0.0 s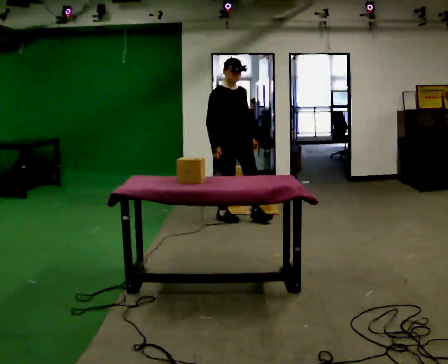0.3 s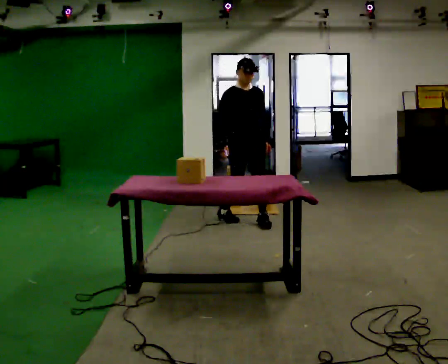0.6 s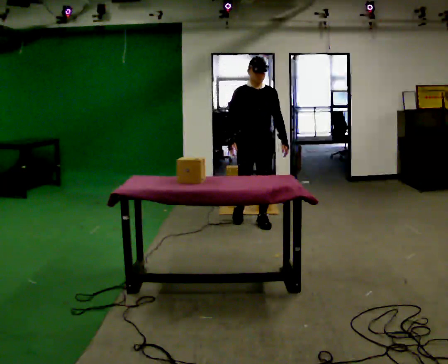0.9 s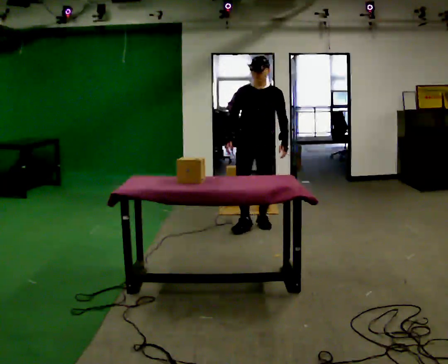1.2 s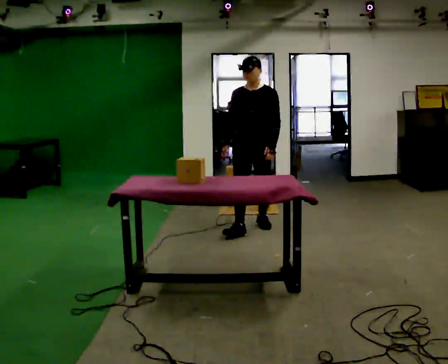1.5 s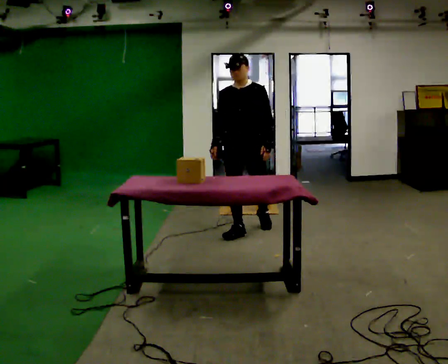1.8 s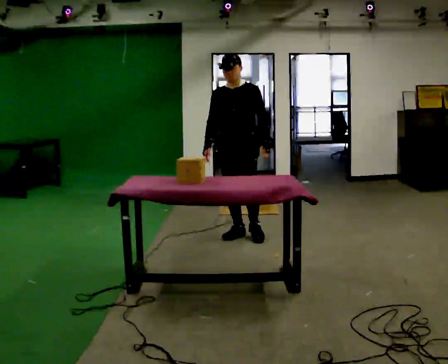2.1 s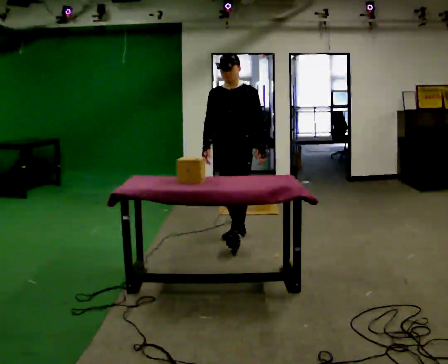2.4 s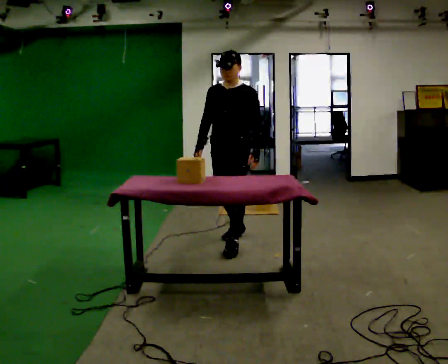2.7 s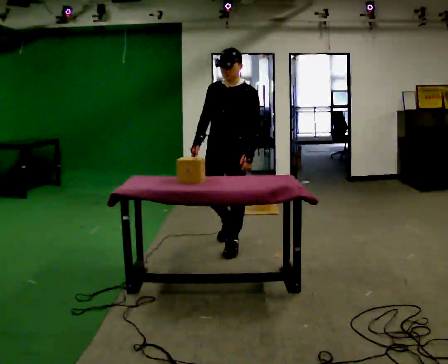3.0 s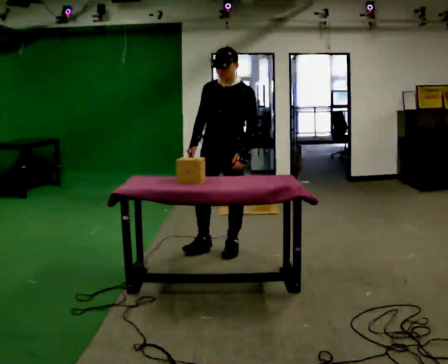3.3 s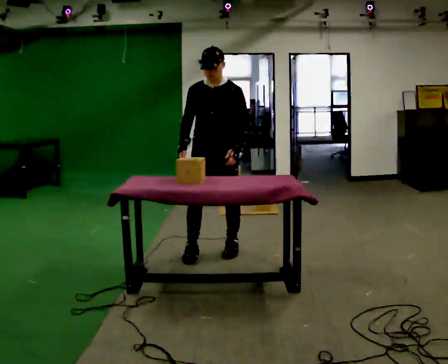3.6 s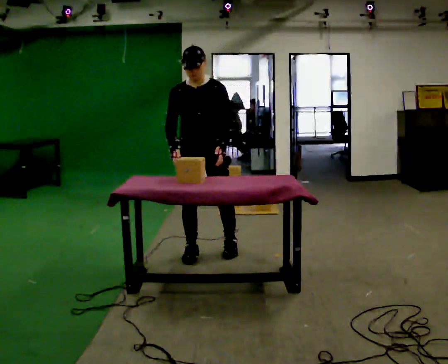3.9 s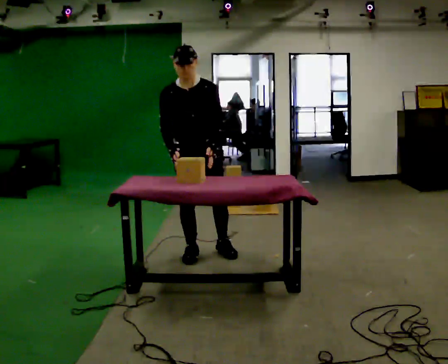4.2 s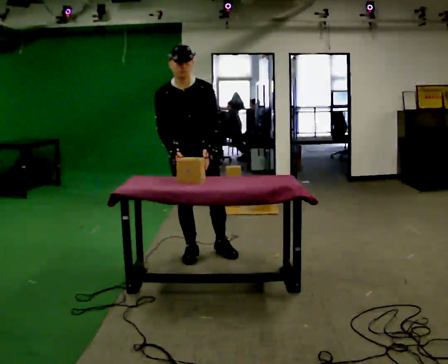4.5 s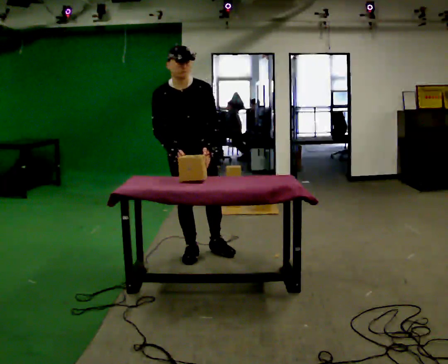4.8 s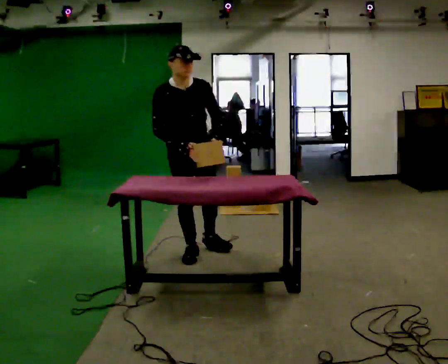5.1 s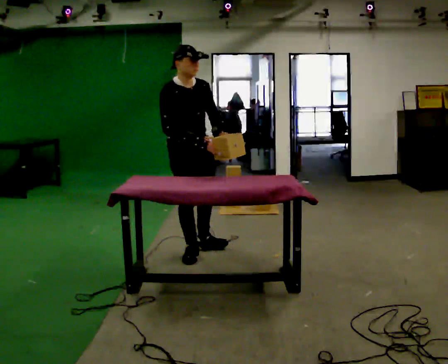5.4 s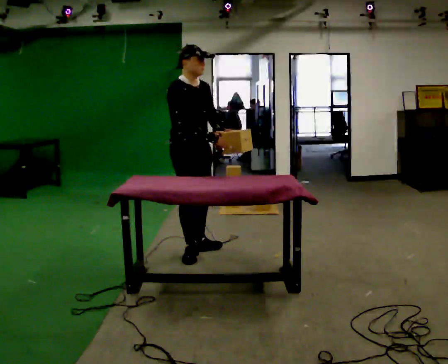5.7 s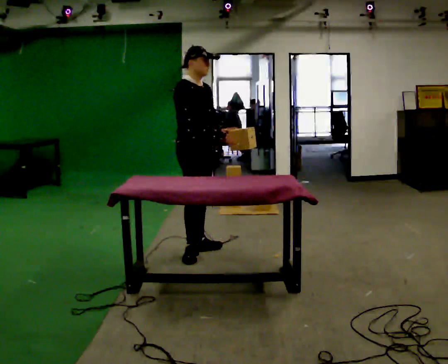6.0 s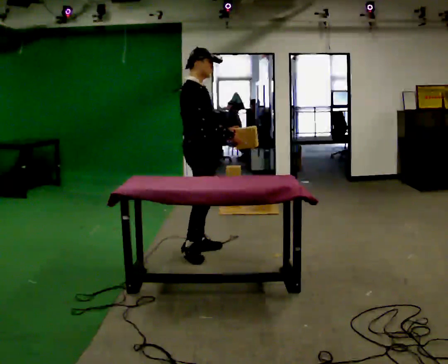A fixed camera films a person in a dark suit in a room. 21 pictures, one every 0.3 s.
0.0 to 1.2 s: Seen from above the body turns clockwise, about 45 degrees: to their right, with its near side sliding to the left. In the picture they go toward the camera and to the right, about 0.5 m in 2 steps, which for them is forward.
1.2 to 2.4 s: In the picture they go toward the camera and to the left, about 0.5 m in 1 step, which for them is forward.
2.4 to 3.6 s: The part of the body nearest the lens slides to the right as the person turns to their left by about 30 degrees. In the picture they go toward the camera and to the left, about 0.5 m in 1 step, which for them is forward.
3.6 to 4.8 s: Seen from above the body turns counterclockwise, about 30 degrees: to their left, with its near side sliding to the right.
4.8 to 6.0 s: The person turns about 60 degrees to their left, counterclockwise seen from above, so the part of the body nearest the lens slides to the right. In the picture they go away from the camera, about 0.25 m, which for them is to their left. The upper body tips away from the camera, its near side rolling upward, as they lean back or straighten.
The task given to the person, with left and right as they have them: Carry the boxes over one at a time and lay them out on the pallet in the pattern the operator shows you. Keep going until the operator says stop; one object at a time, and do not rush between trips.
The film runs forward here.
